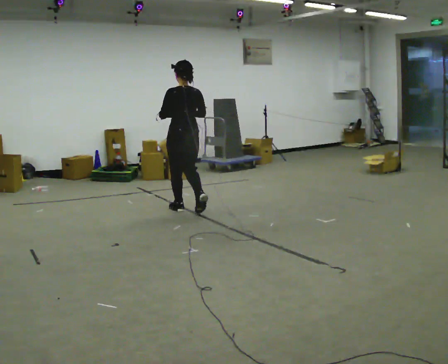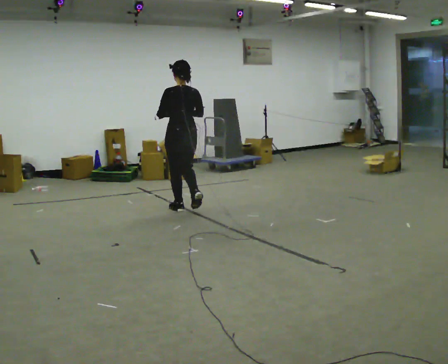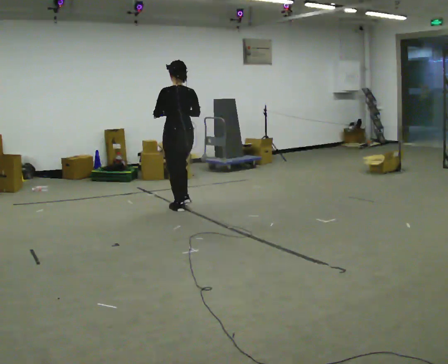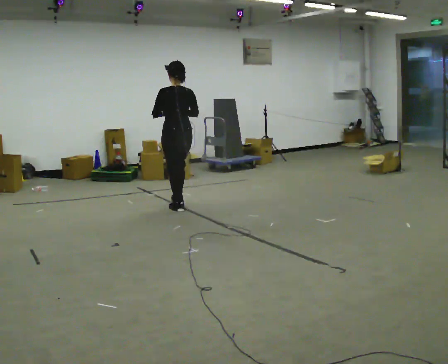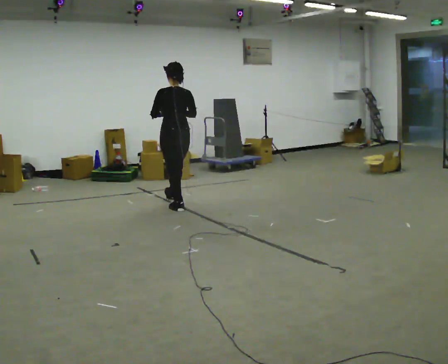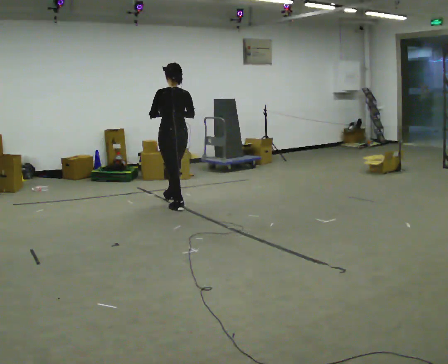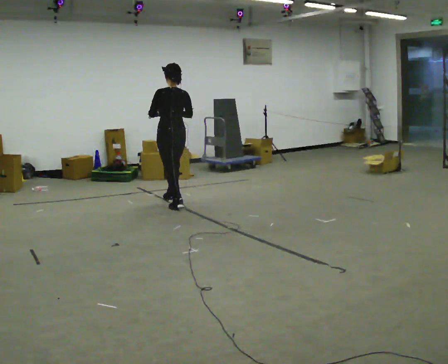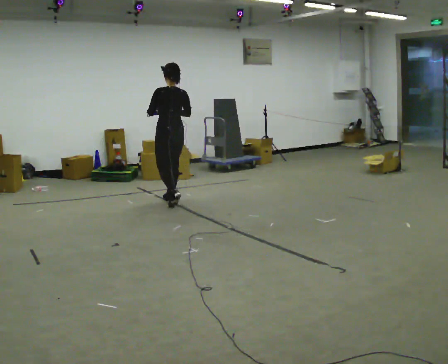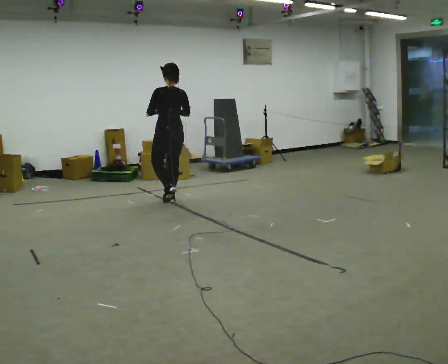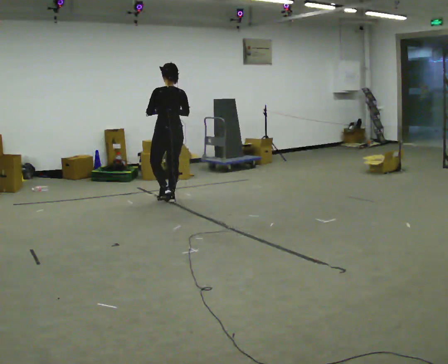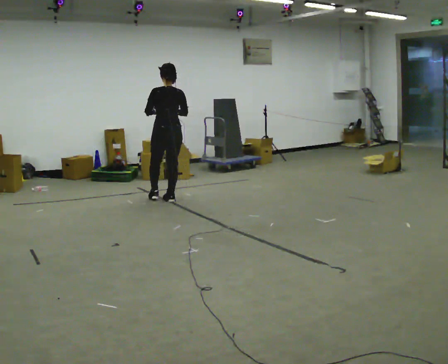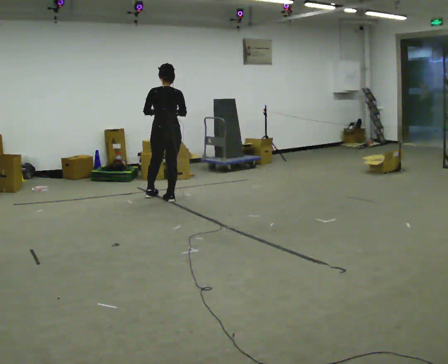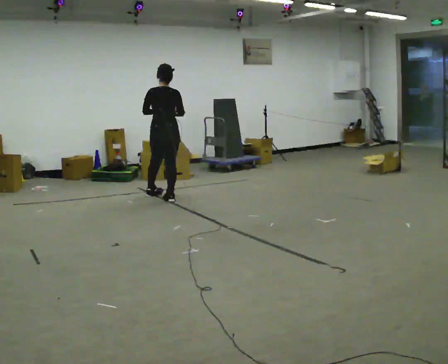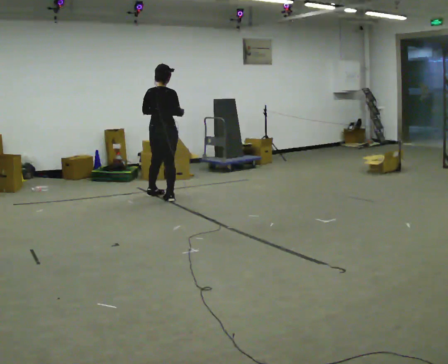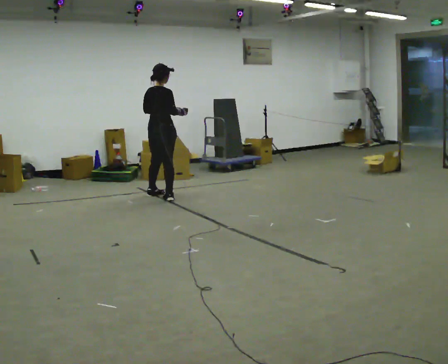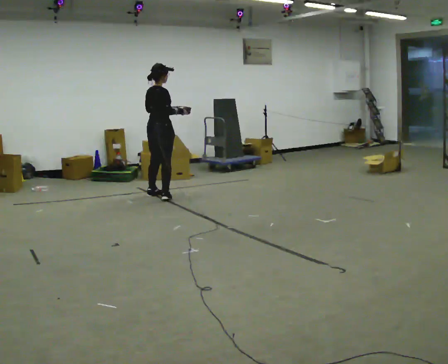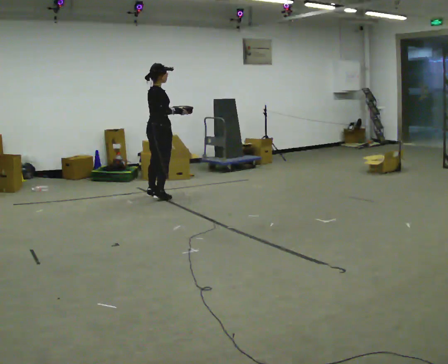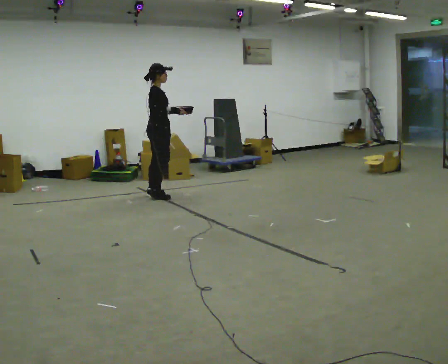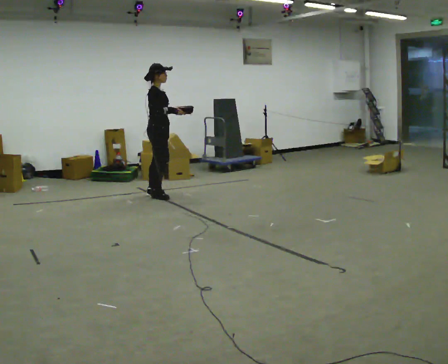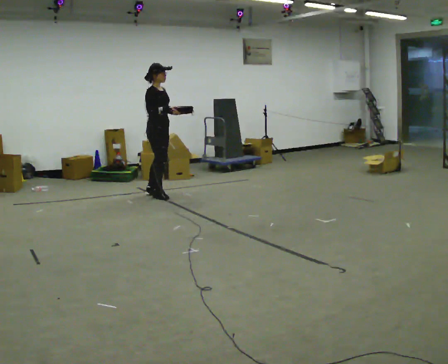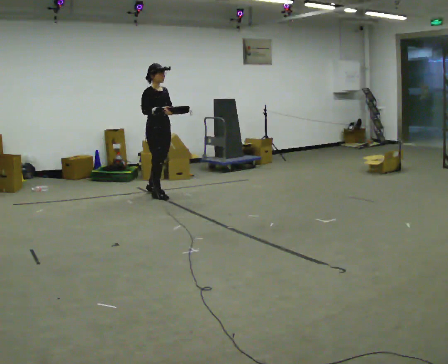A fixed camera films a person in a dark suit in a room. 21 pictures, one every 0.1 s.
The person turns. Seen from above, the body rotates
clockwise.
The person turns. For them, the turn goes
to their right.
0.0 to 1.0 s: In the picture they go away from the camera, about 0.5 m in 1 step, which for them is forward.
1.0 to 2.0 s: Seen from above the body turns clockwise, about 150 degrees: to their right, with its near side sliding to the left. In the picture they go away from the camera and to the left, about 0.25 m in 2 steps.
The film runs forward here.
